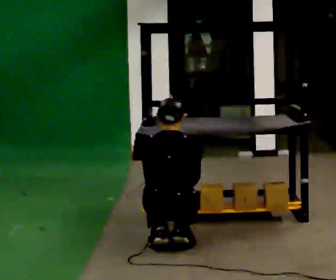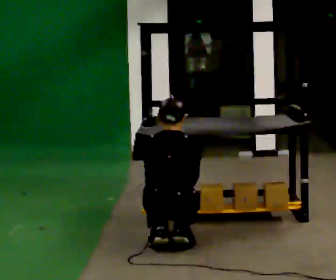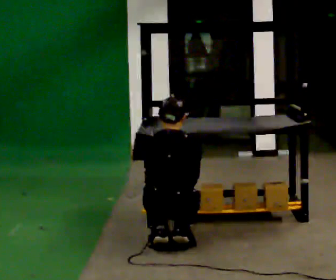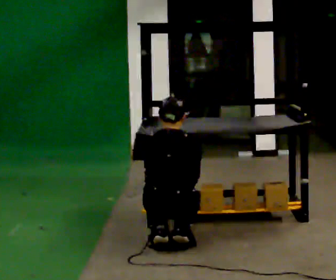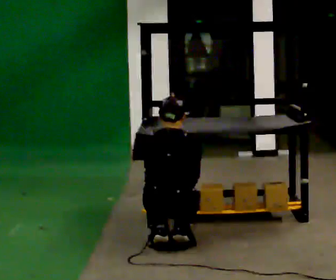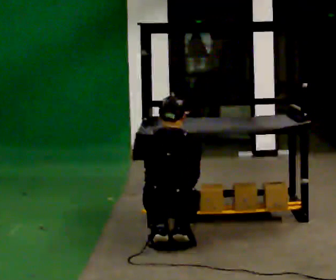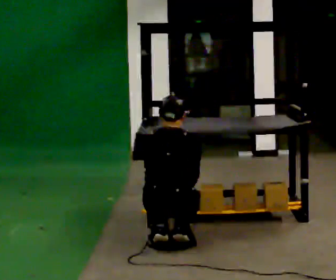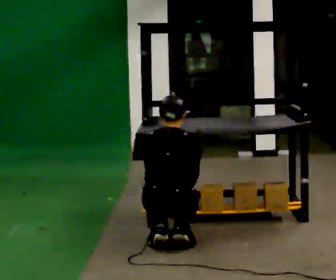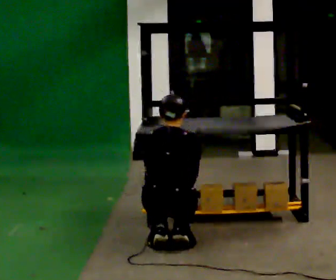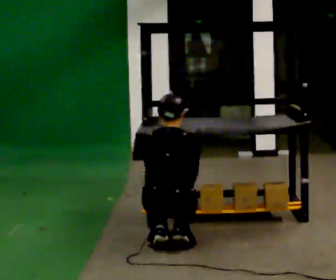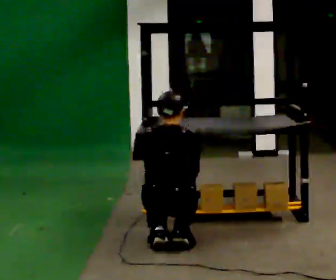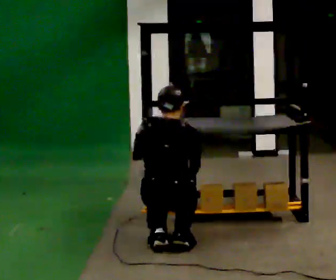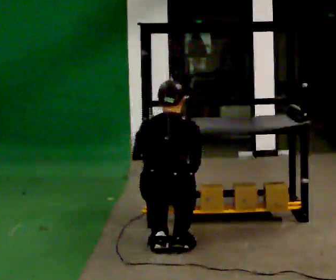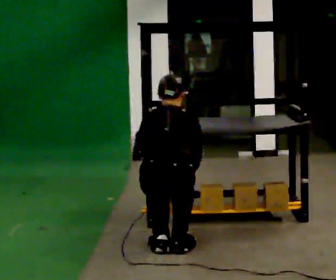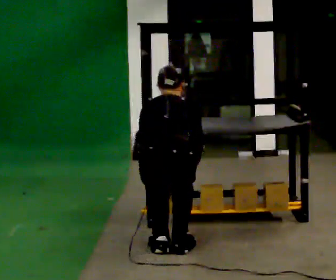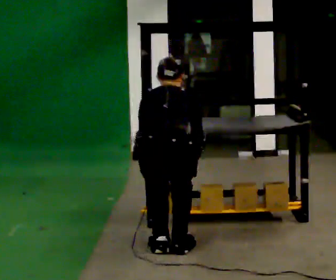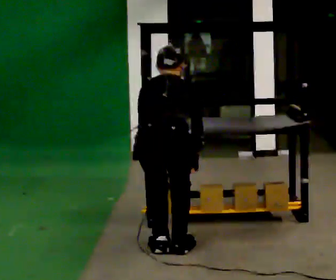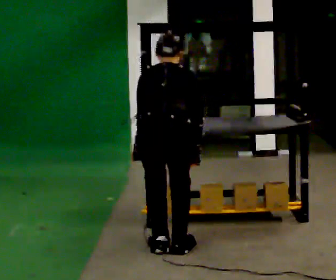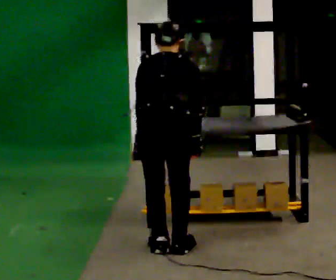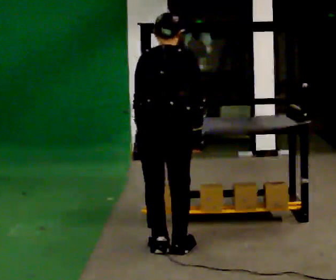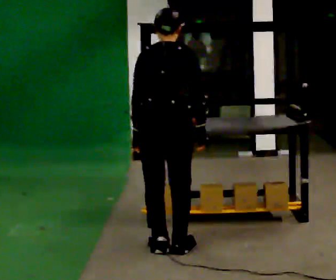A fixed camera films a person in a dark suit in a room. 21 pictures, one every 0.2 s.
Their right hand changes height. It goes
upward.
Their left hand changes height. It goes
upward.
0.0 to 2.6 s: The shoulders move upward.
2.6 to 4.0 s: The shoulders move upward. In the picture their left hand goes upward.
The film runs backward here.
